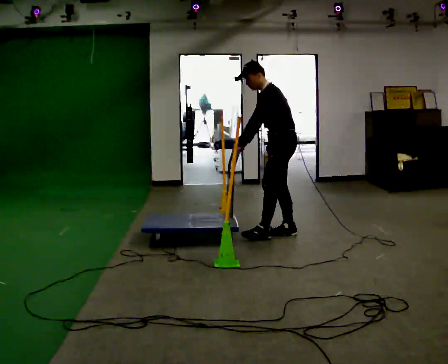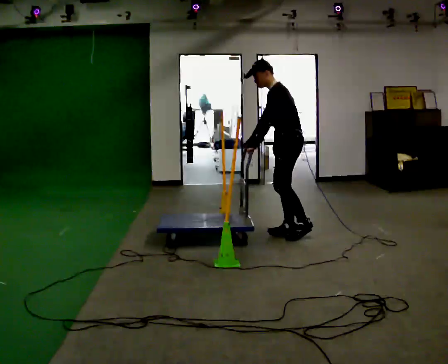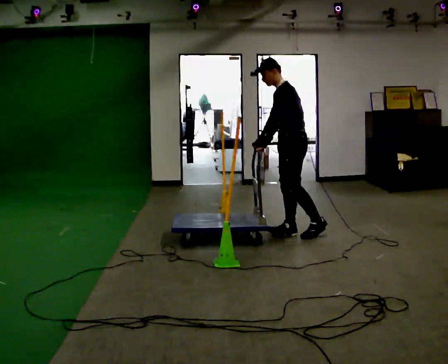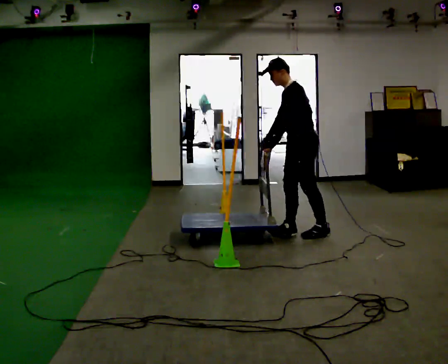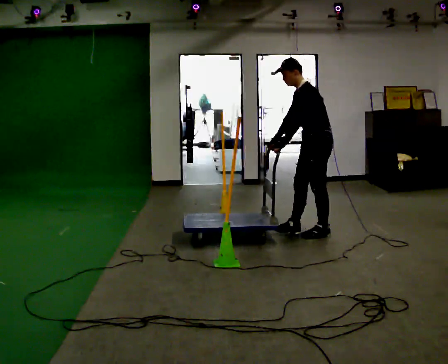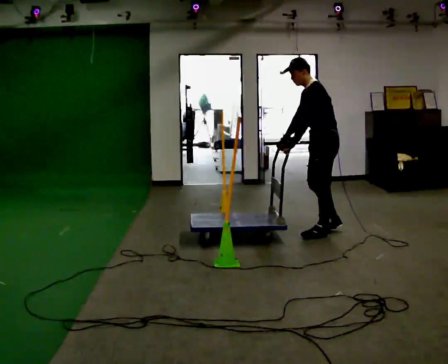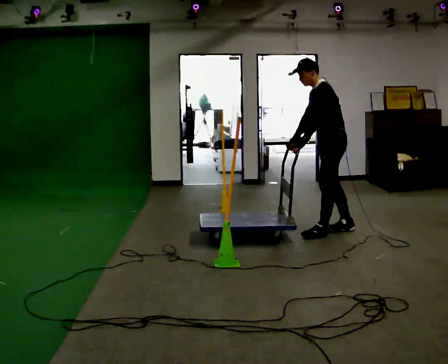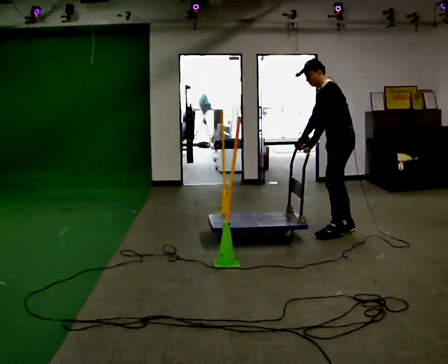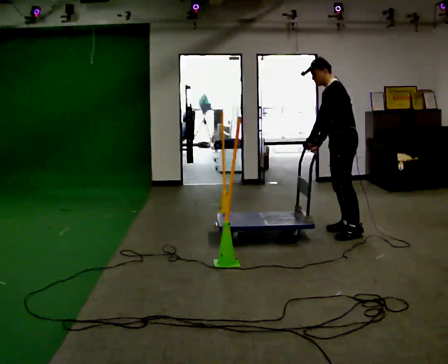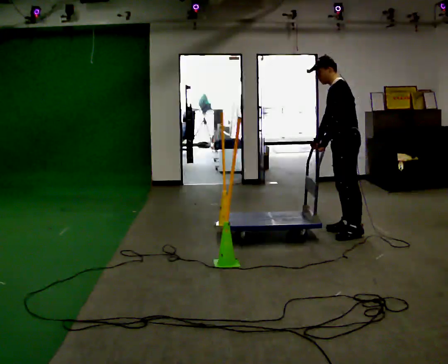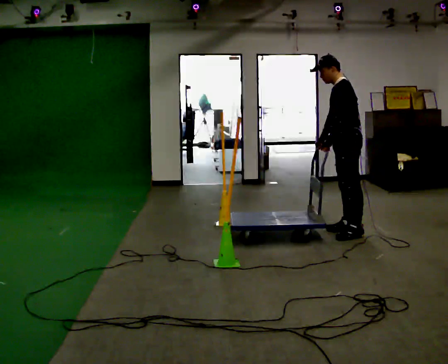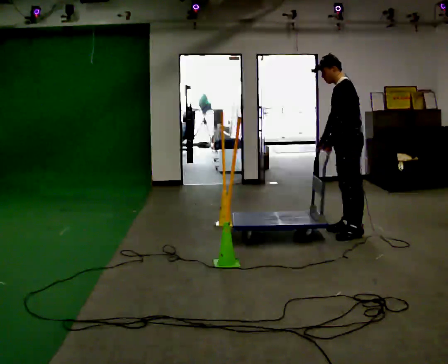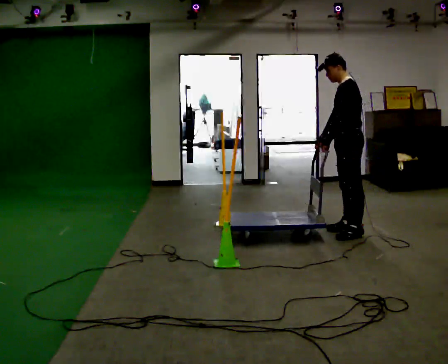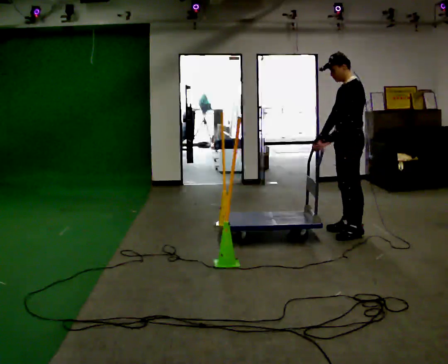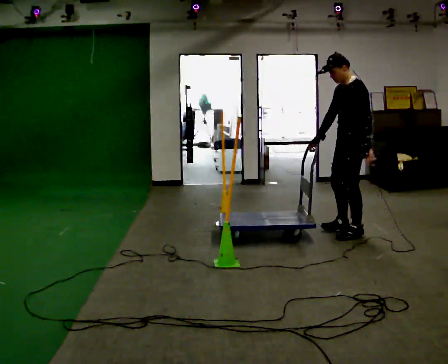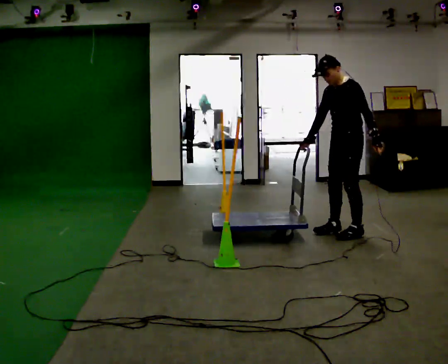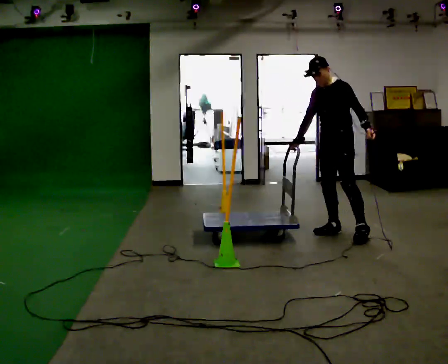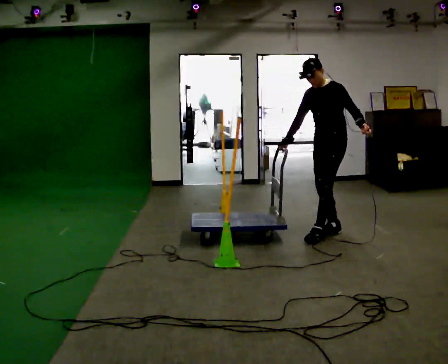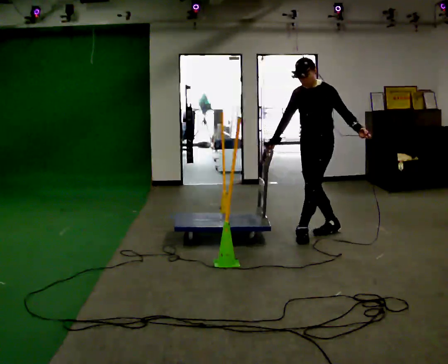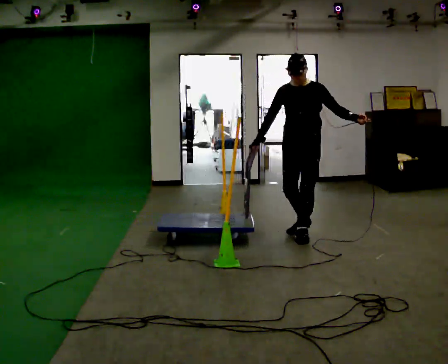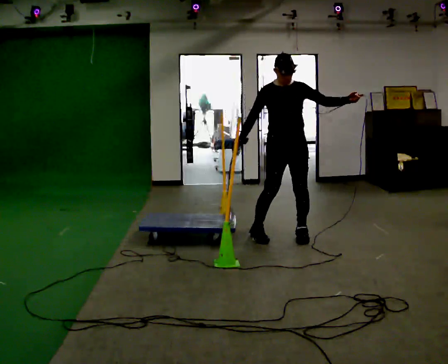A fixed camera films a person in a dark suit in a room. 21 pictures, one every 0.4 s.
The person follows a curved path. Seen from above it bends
counterclockwise.
0.0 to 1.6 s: In the picture they go to the right, about 0.25 m in 1 step, which for them is backward.
1.6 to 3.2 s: In the picture they go to the right, about 0.25 m in 1 step, which for them is backward and to their right.
3.2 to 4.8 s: The person moves a little, or ends about where they began.
4.8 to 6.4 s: The person turns about 45 degrees to their left, counterclockwise seen from above, so the part of the body nearest the lens slides to the right. In the picture their left hand goes to the right, the arm swinging counterclockwise.
6.4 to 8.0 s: The person turns about 60 degrees to their left, counterclockwise seen from above, so the part of the body nearest the lens slides to the right. In the picture they go to the left, about 0.5 m in 1 step.
The film runs backward here.
